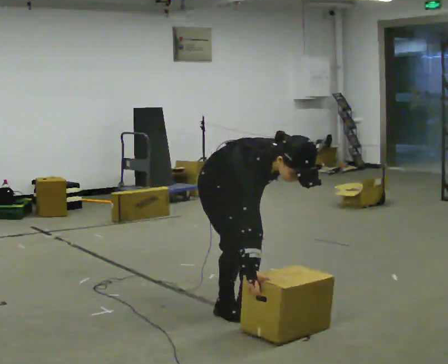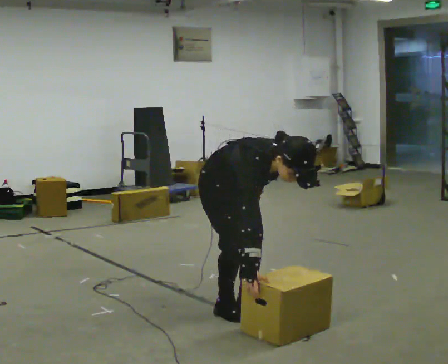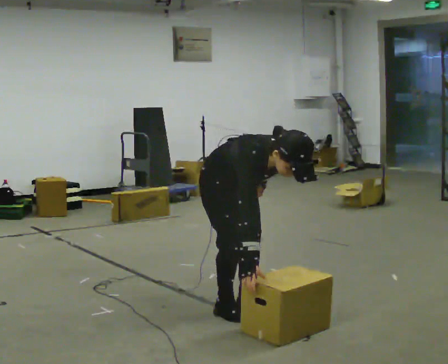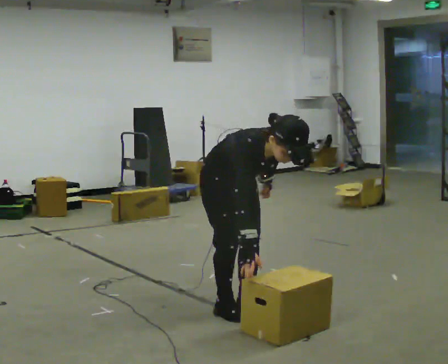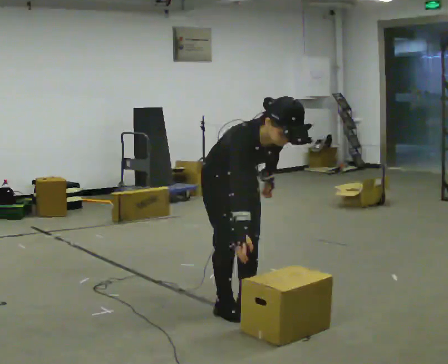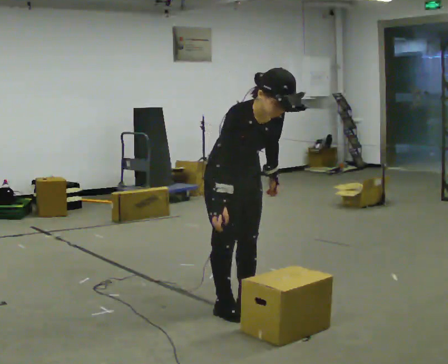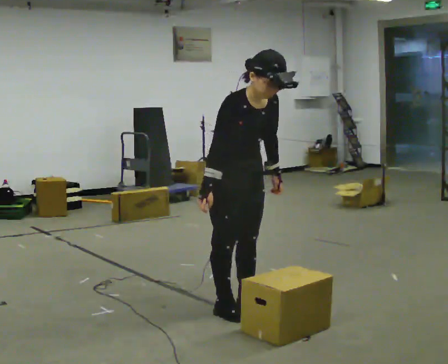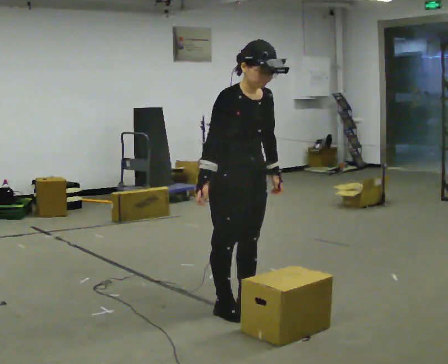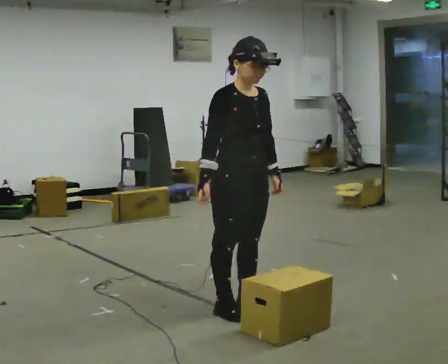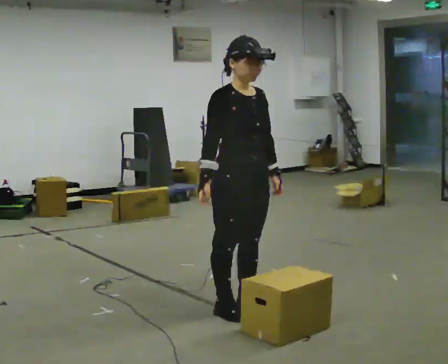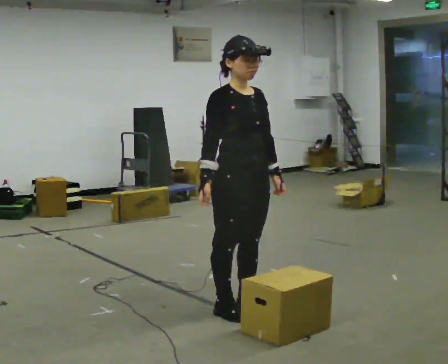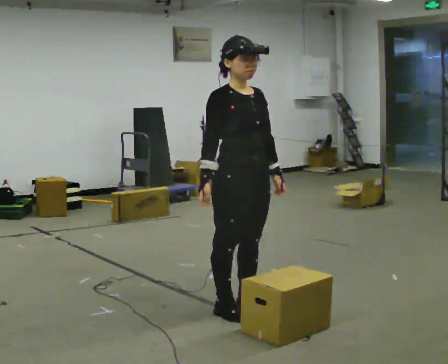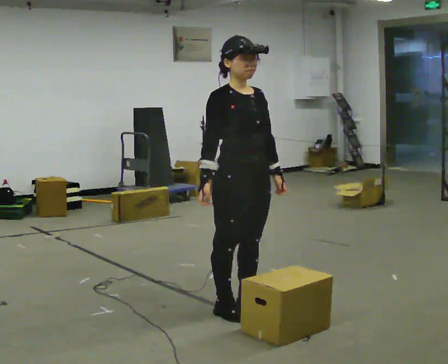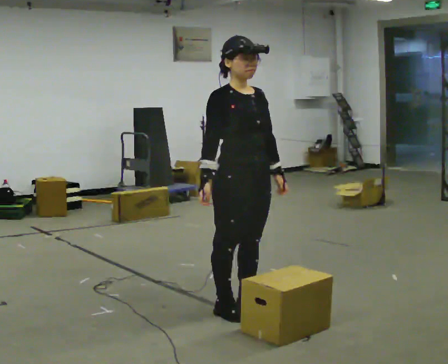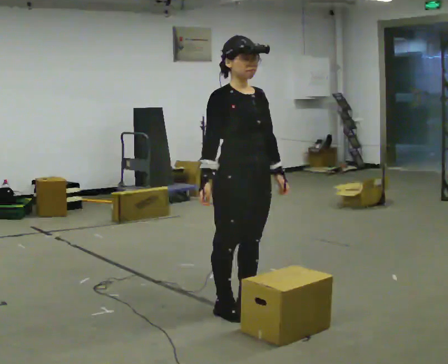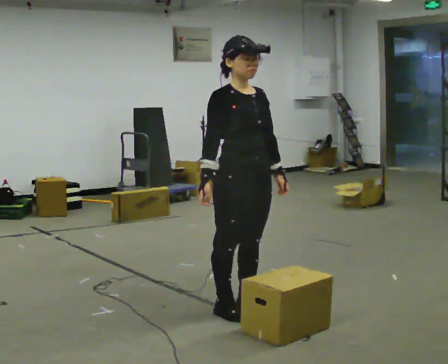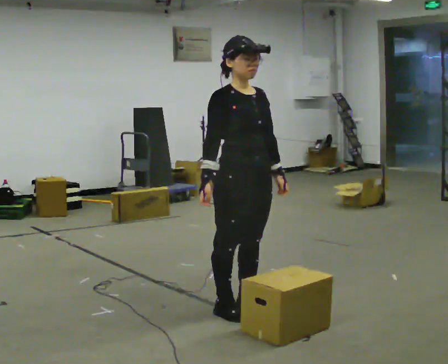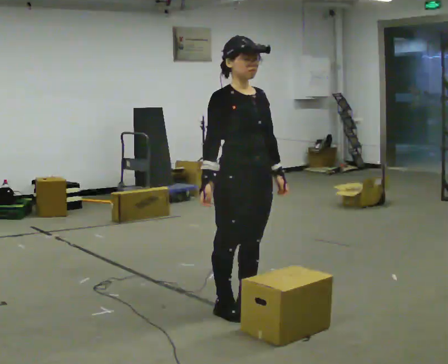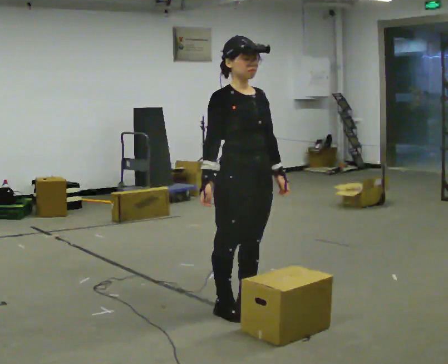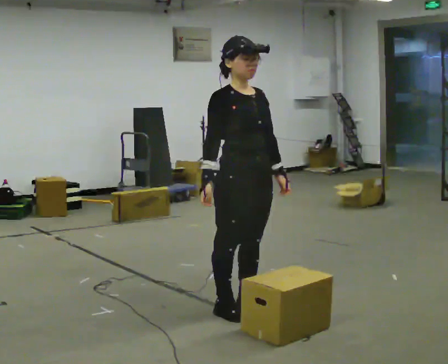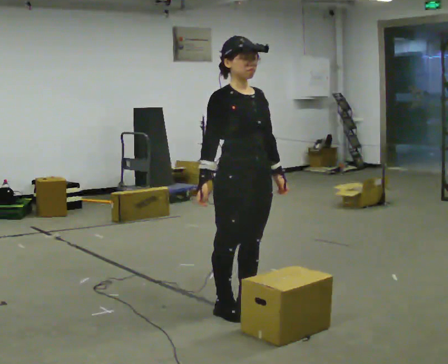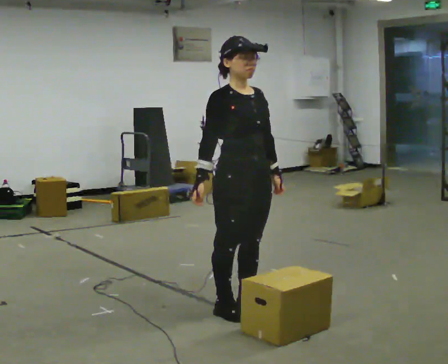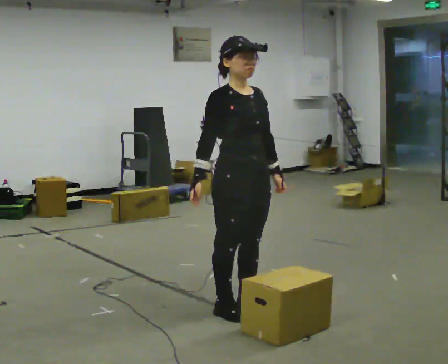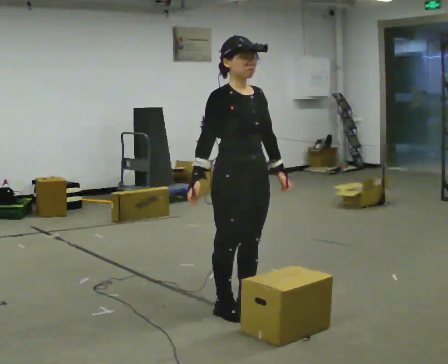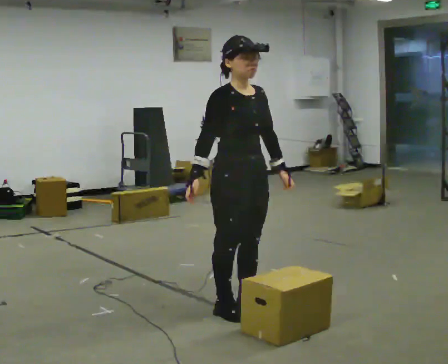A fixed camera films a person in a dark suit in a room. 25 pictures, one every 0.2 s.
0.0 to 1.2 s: The shoulders move upward. In the picture the upper body tilts counterclockwise, shoulders to the left, as they lean back or straighten.
1.2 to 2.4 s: In the picture the upper body tilts counterclockwise, shoulders to the left, as they lean back or straighten.
2.4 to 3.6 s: The person keeps their place and pose.
3.6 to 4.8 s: The person moves a little, or ends about where they began.
The film runs backward here.
